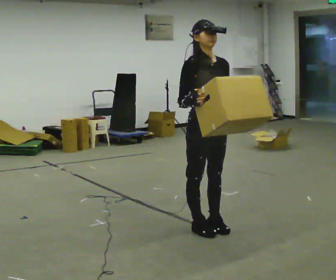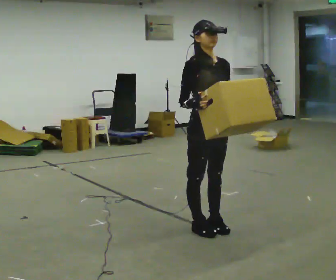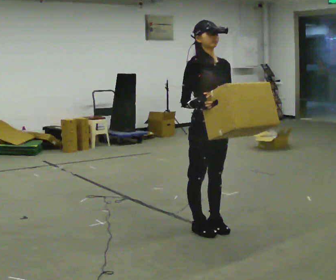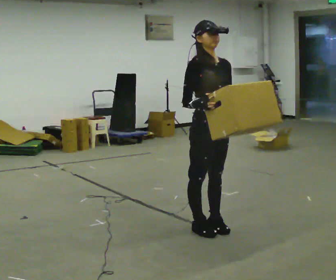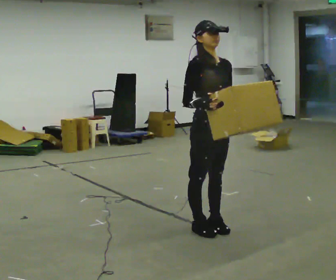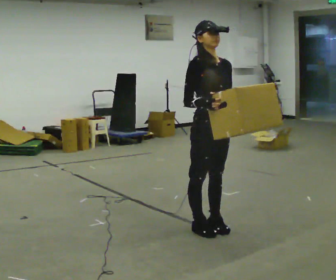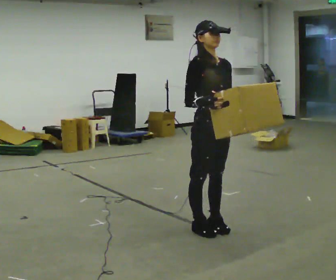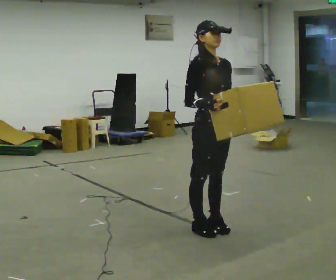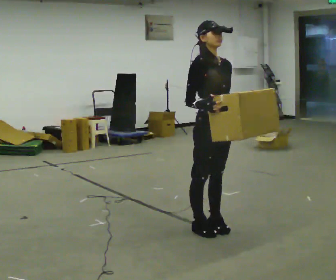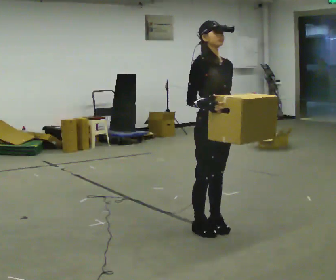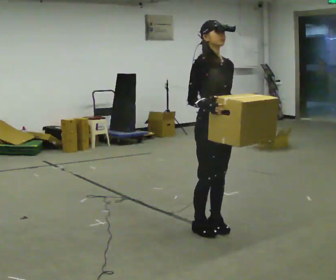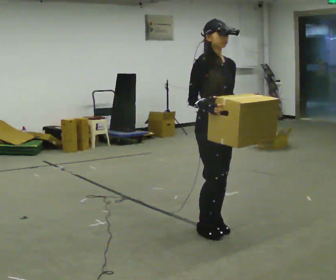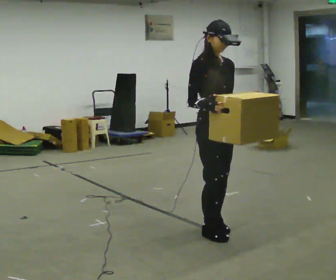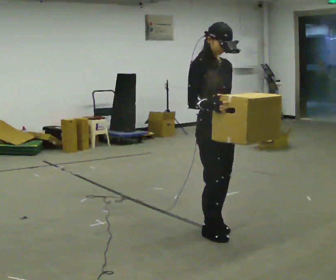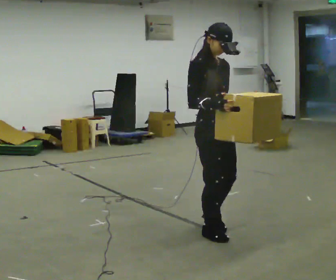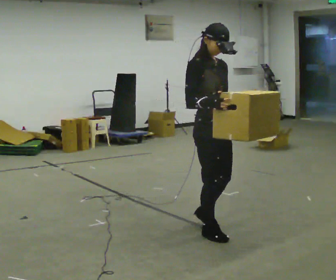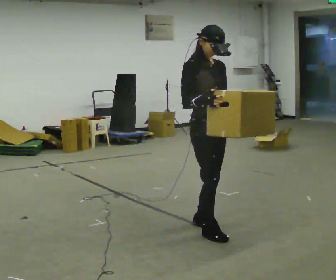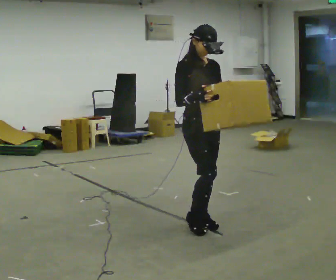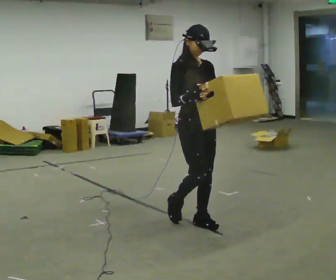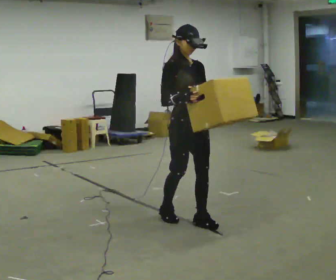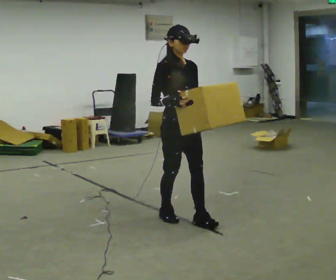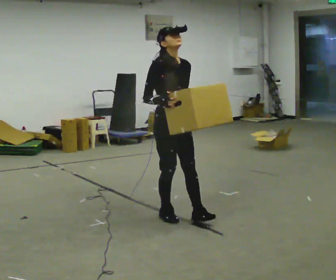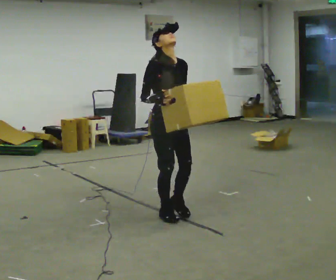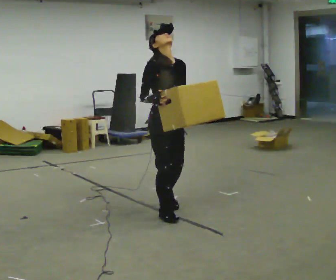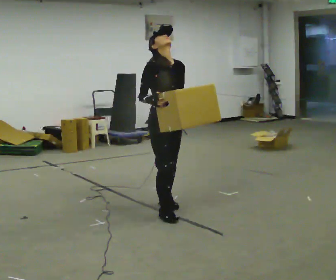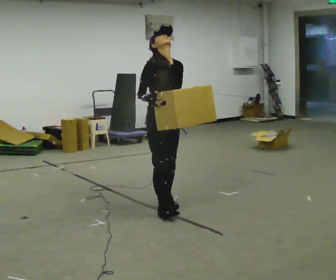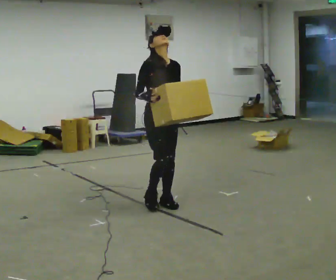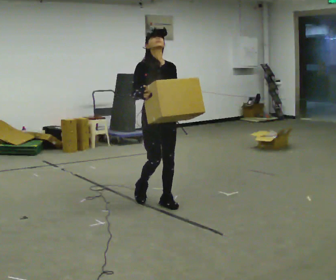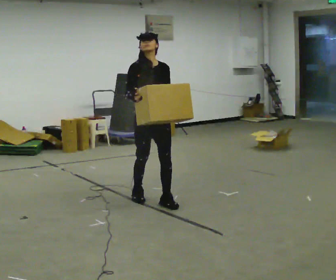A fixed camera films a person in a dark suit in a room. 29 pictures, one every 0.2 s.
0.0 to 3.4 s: The person moves a little, or ends about where they began.
3.4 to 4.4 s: In the picture they go to the left and away from the camera, about 0.5 m in 1 step, which for them is backward.
4.4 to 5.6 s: In the picture they go away from the camera, about 0.5 m in 1 step, which for them is backward.
The film runs backward here.
